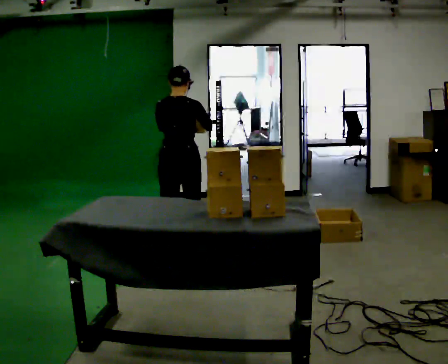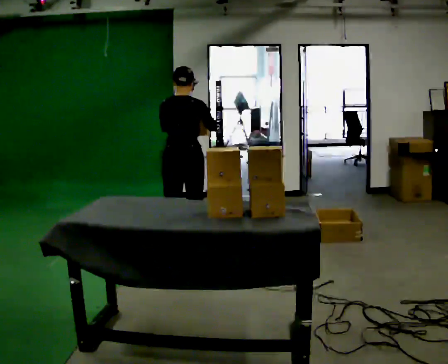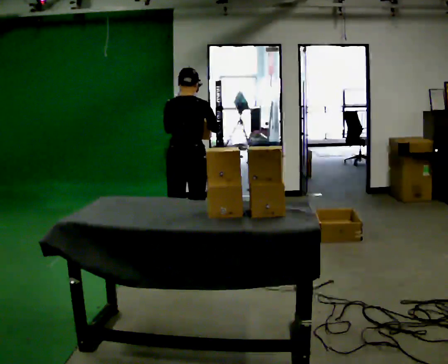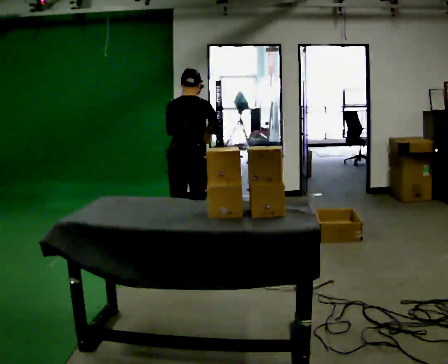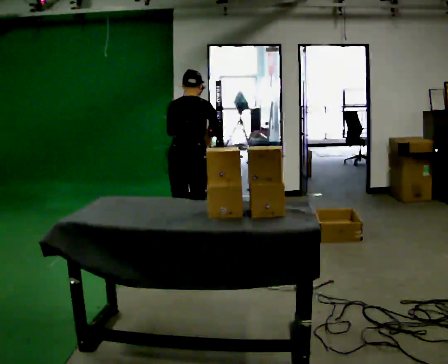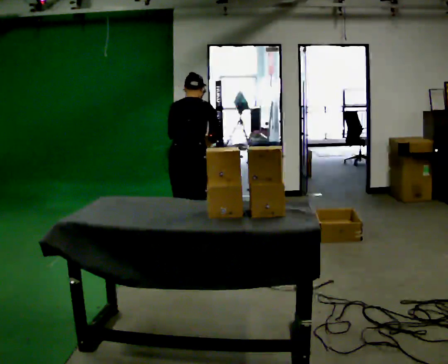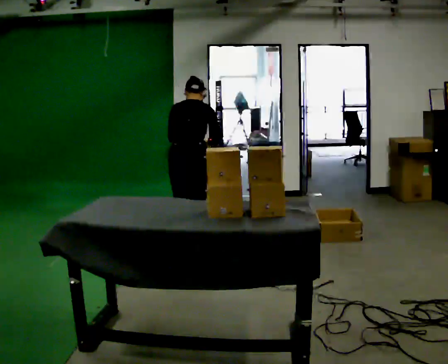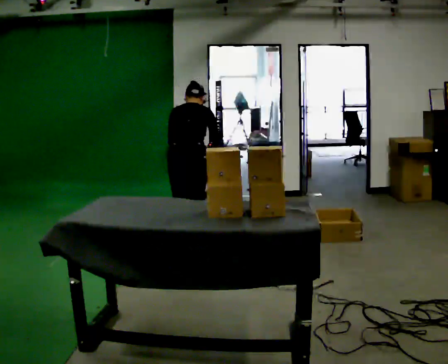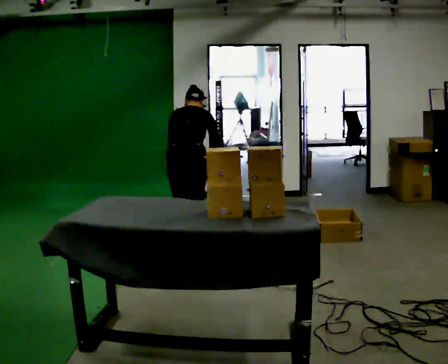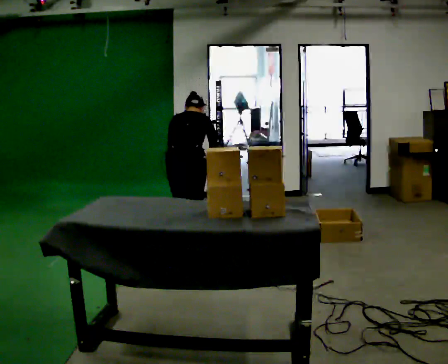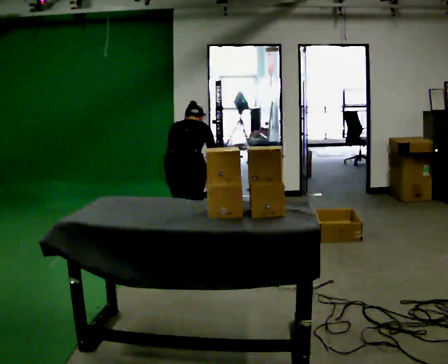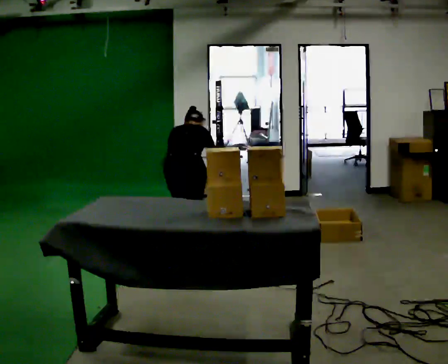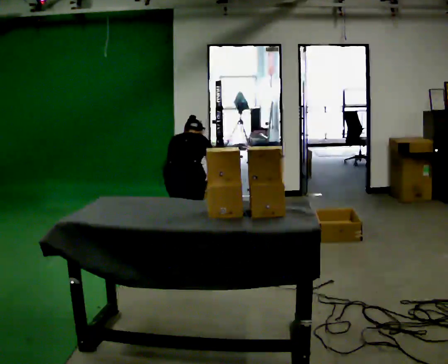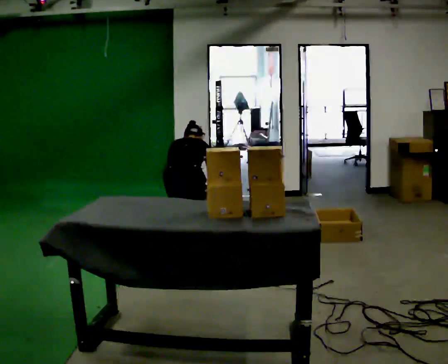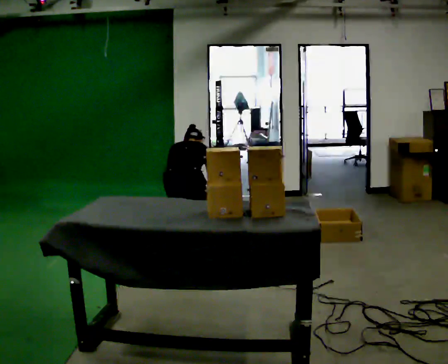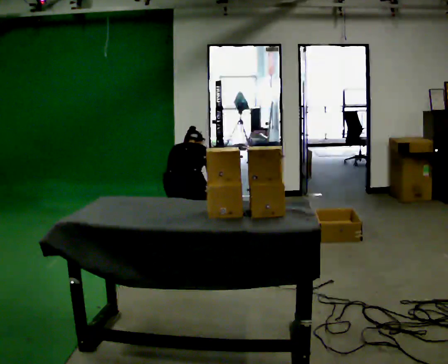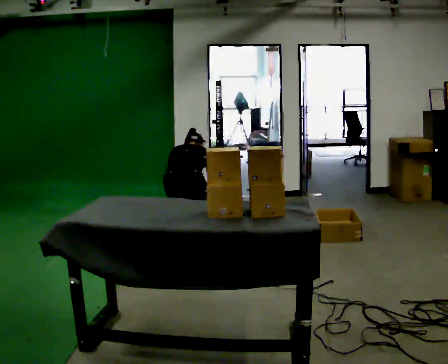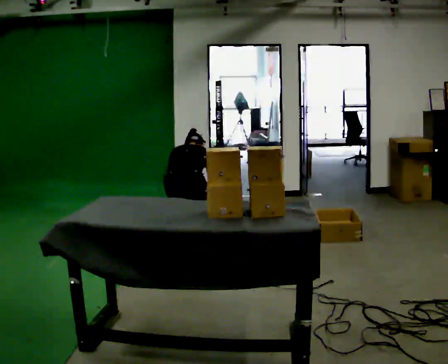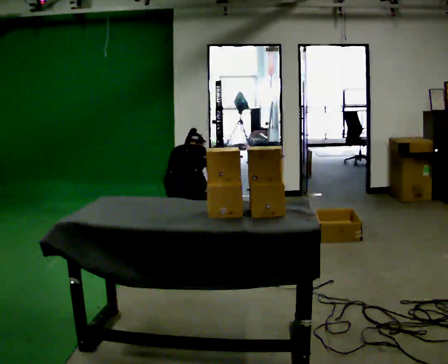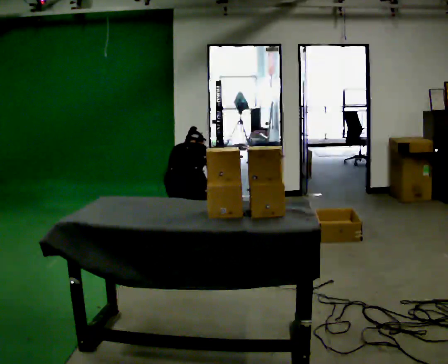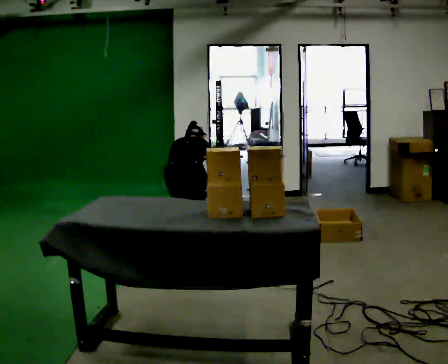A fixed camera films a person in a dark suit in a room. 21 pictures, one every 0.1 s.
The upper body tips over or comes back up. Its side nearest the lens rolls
upward.
Their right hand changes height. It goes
downward.
0.0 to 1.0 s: The upper body goes downward. The upper body tips away from the camera, its near side rolling upward, as they bend forward. In the picture their right hand goes downward.
1.0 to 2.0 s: The person moves a little, or ends about where they began.
The film runs forward here.
